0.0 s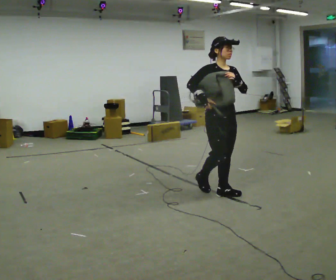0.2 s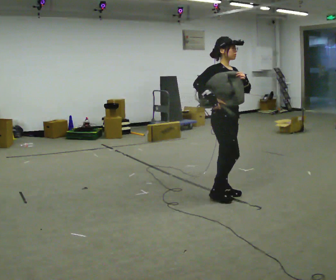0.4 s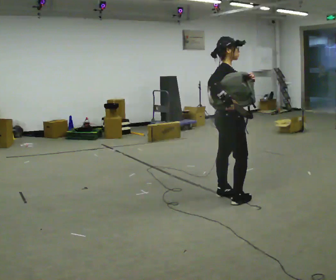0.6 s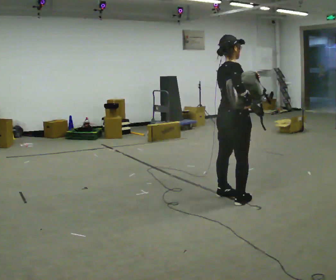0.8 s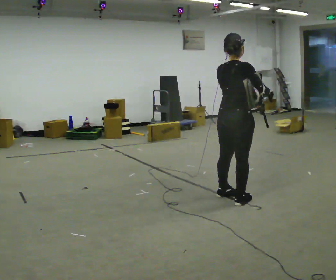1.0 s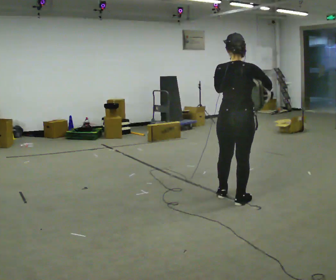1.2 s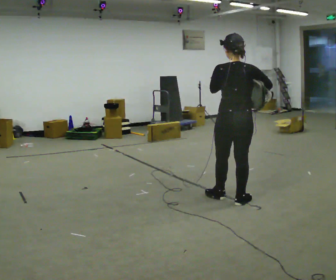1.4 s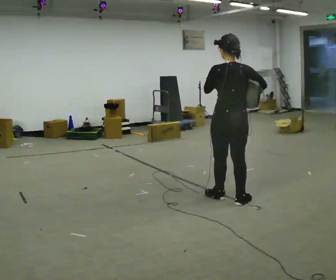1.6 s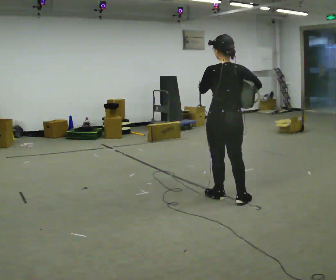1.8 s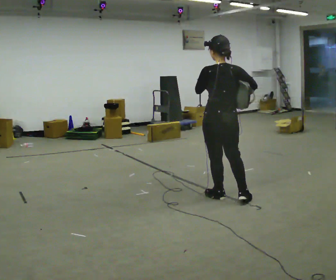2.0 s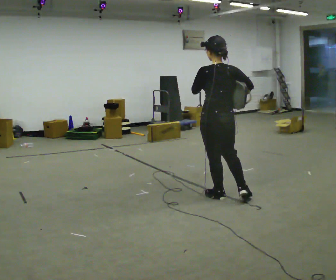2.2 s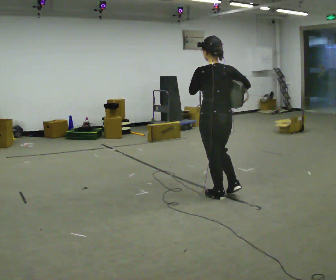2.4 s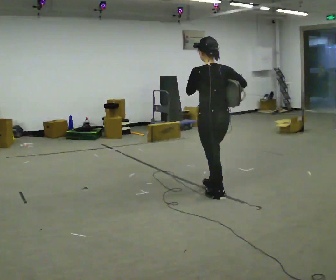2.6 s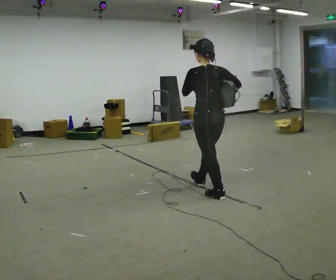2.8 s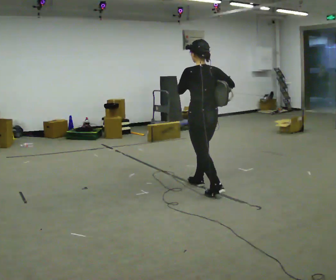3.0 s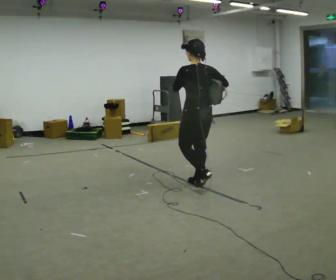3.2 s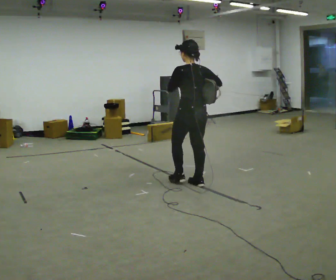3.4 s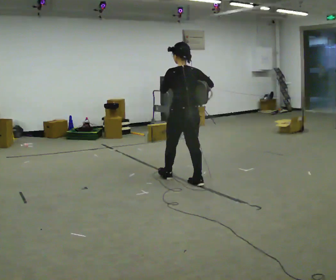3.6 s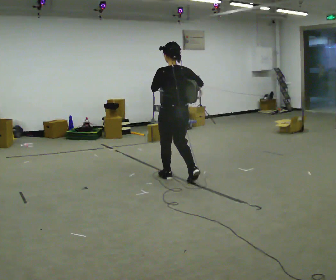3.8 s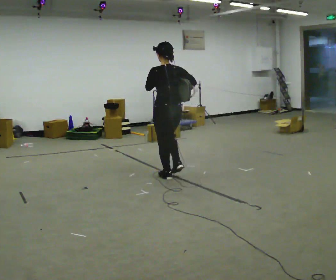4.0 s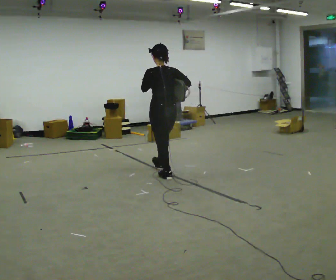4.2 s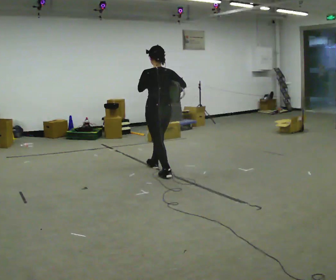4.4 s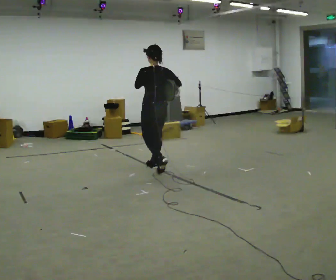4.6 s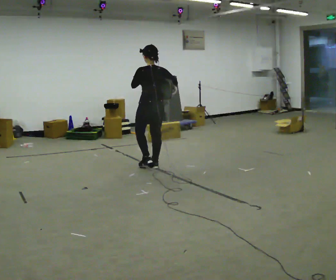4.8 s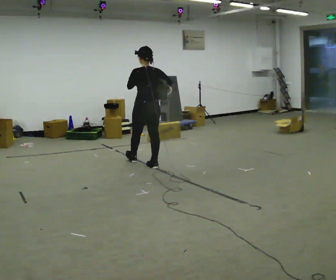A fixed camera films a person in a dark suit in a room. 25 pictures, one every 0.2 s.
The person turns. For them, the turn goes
to their left.
The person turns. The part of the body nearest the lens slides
to the right.
0.0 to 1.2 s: Seen from above the body turns counterclockwise, about 150 degrees: to their left, with its near side sliding to the right. In the picture they go toward the camera and to the right, about 0.25 m in 1 step.
1.2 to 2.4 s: In the picture they go to the left and away from the camera, about 0.25 m, which for them is forward and to their left.
2.4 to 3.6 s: In the picture they go away from the camera and to the left, about 0.5 m in 2 steps, which for them is forward.
3.6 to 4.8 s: In the picture they go away from the camera and to the left, about 1 m in 1 step, which for them is forward.
The film runs forward here.
